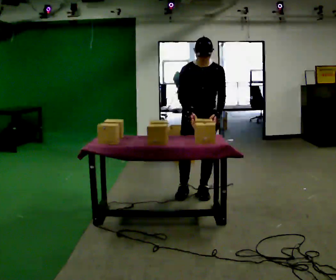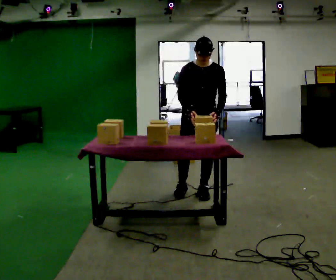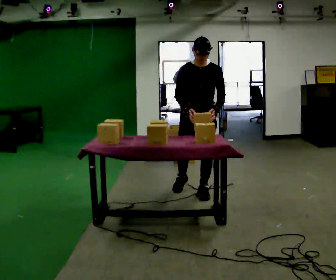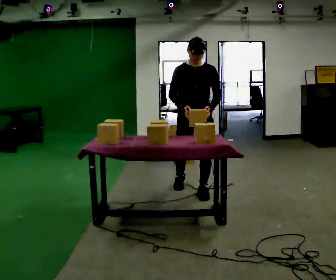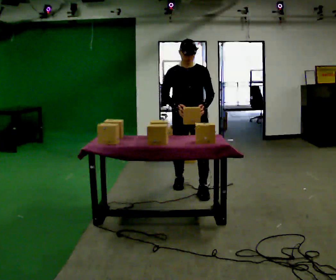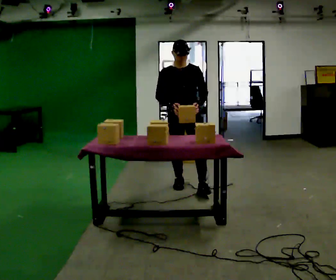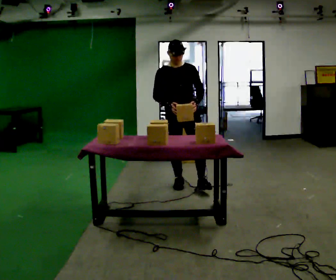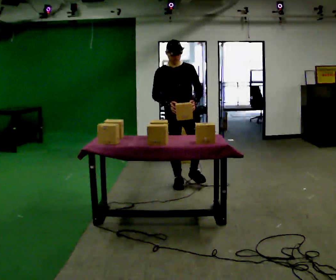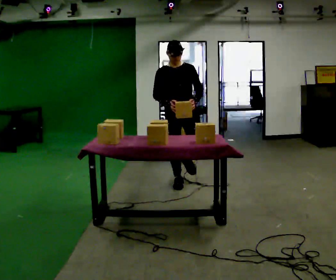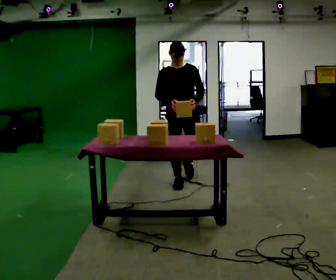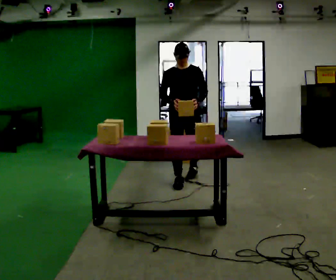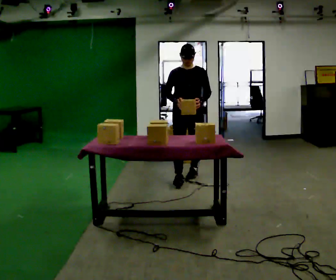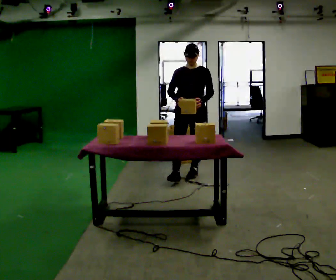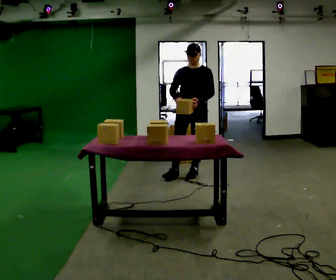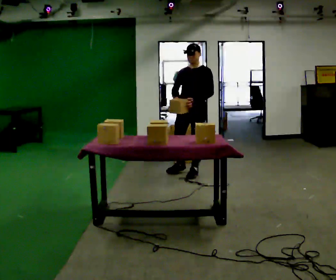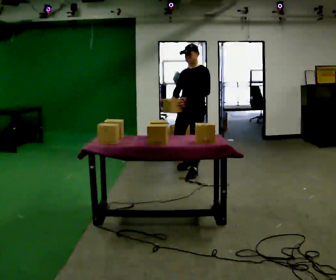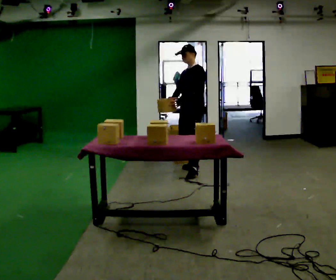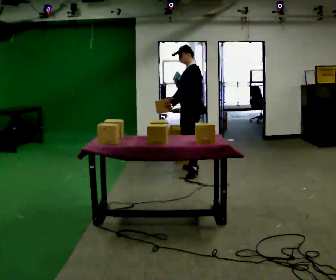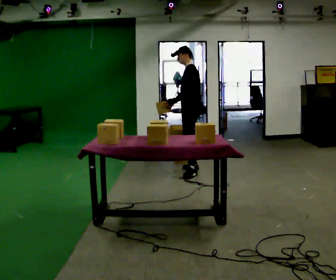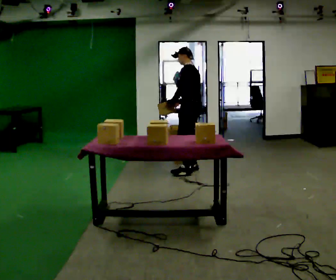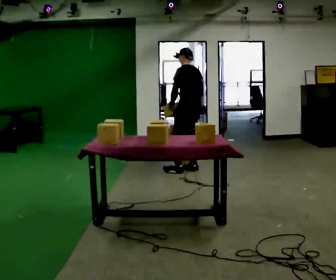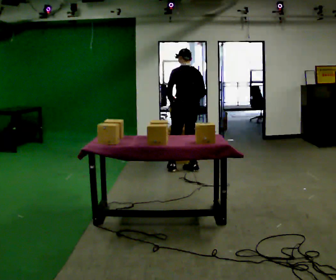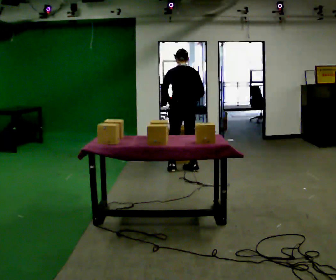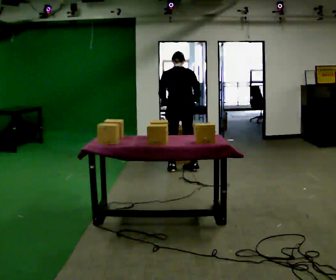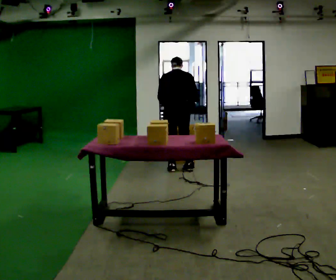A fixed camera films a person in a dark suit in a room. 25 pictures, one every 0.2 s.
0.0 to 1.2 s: In the picture they go away from the camera and to the left, about 0.25 m in 2 steps, which for them is backward and to their right.
1.2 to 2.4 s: In the picture they go away from the camera, about 0.5 m in 1 step, which for them is backward and to their left.
2.4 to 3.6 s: Seen from above the body turns clockwise, about 75 degrees: to their right, with its near side sliding to the left. In the picture they go away from the camera, about 0.25 m.
3.6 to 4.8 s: Seen from above the body turns clockwise, about 105 degrees: to their right, with its near side sliding to the left. In the picture they go to the left, about 0.25 m in 2 steps. The upper body tips away from the camera, its near side rolling upward, as they bend forward.
The film runs backward here.
